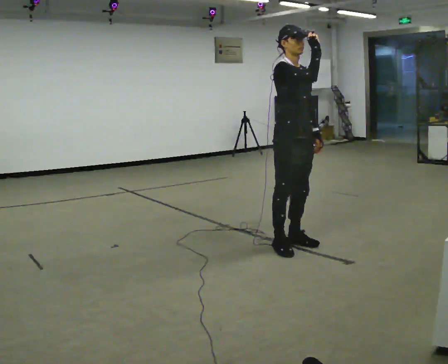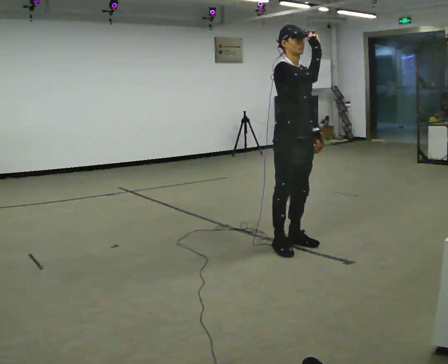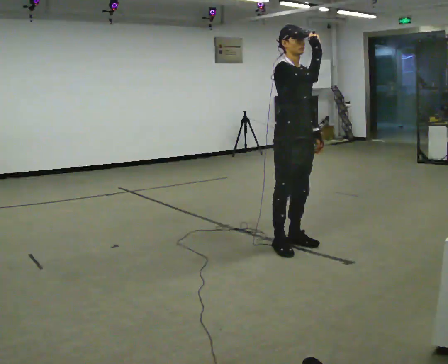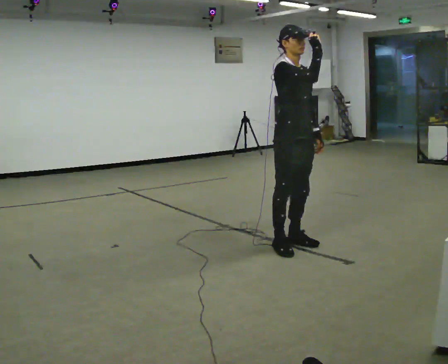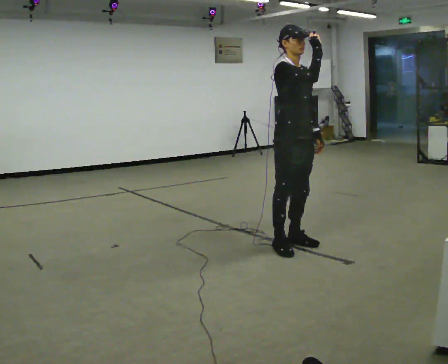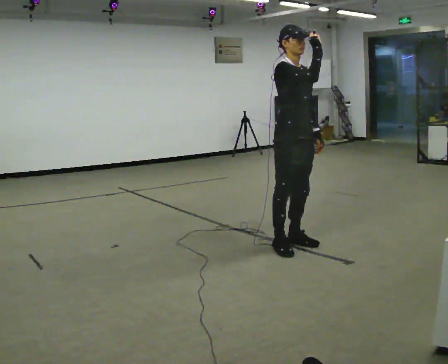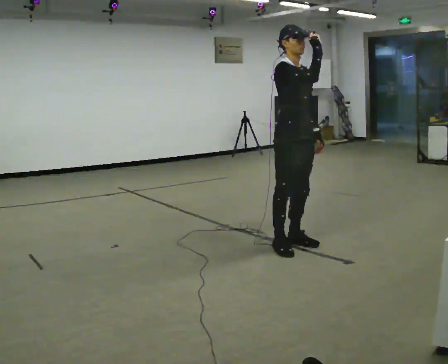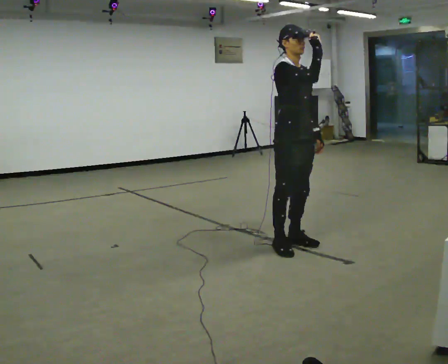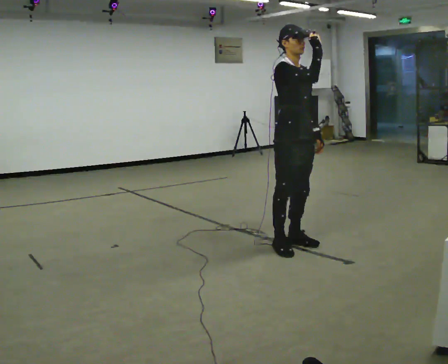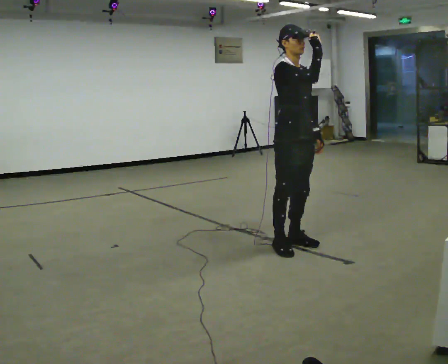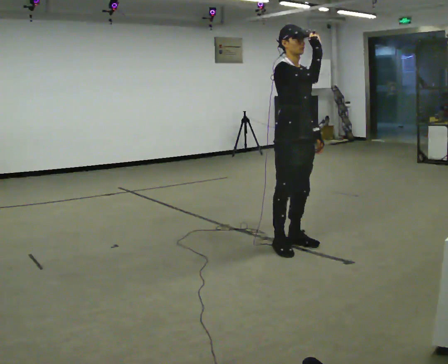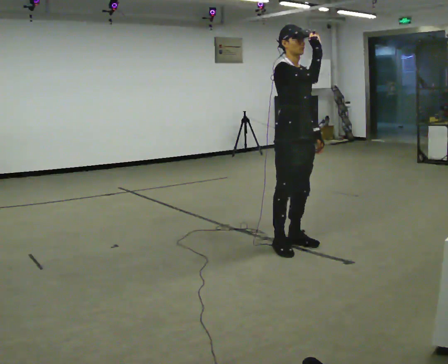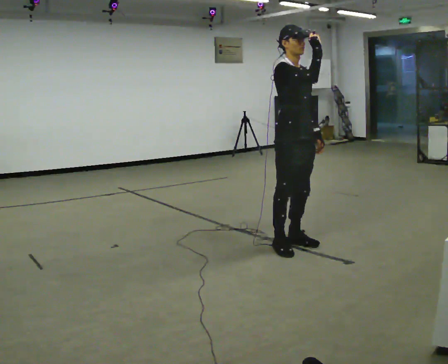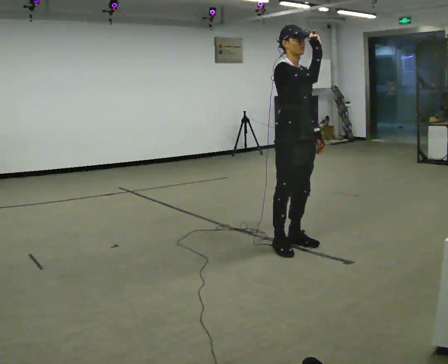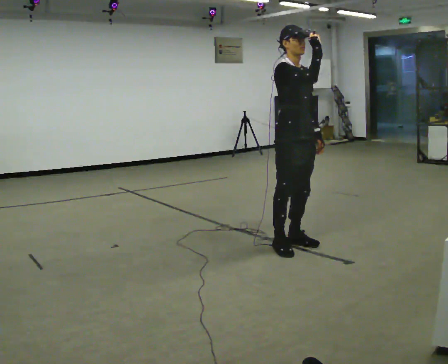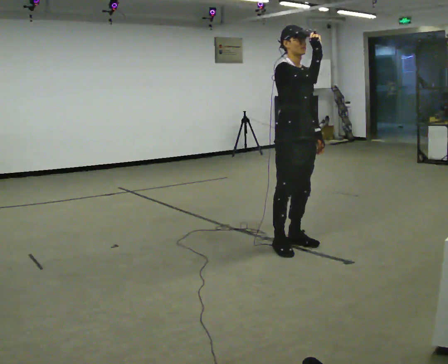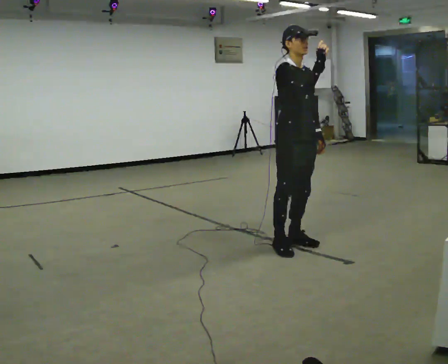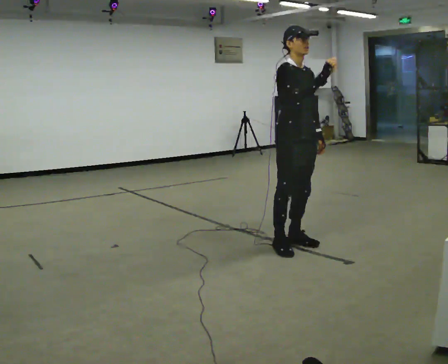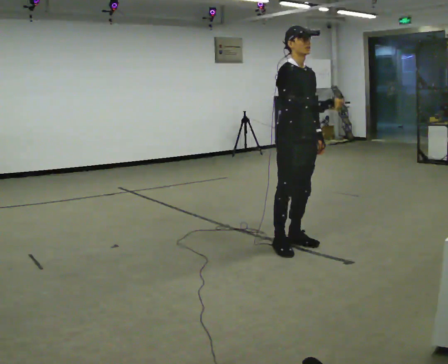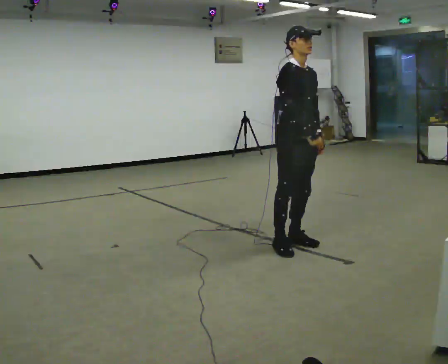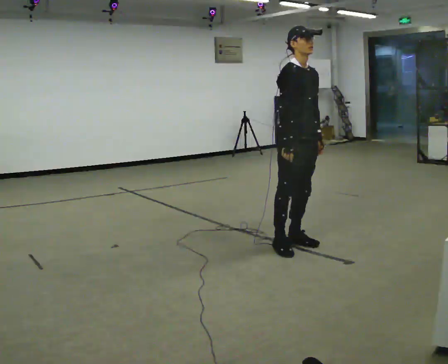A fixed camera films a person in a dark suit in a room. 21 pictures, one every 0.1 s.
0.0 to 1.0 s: The person keeps their place and pose.
1.0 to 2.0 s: In the picture their right hand goes downward.
The film runs forward here.
